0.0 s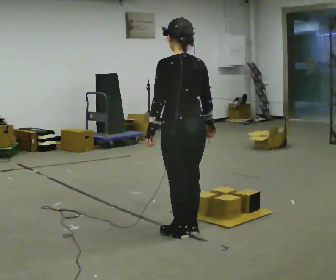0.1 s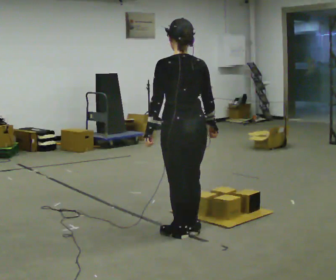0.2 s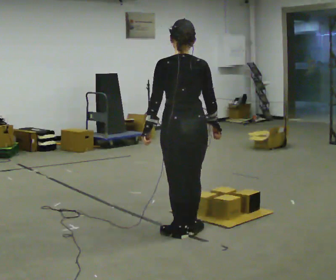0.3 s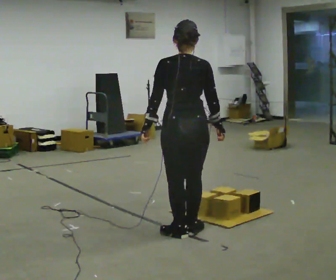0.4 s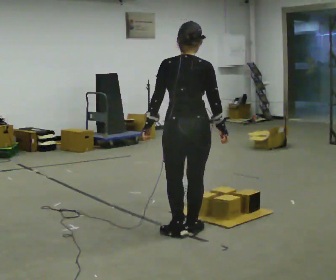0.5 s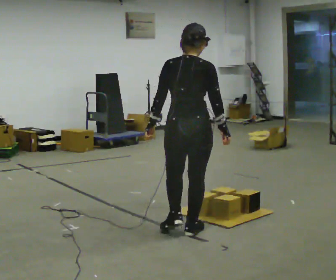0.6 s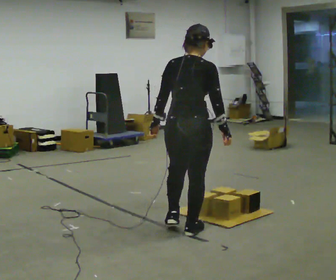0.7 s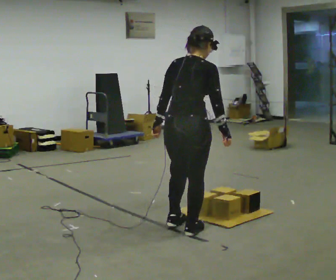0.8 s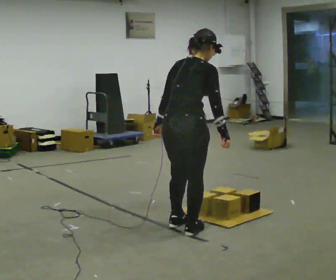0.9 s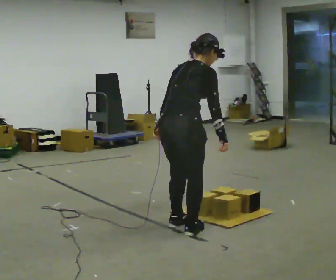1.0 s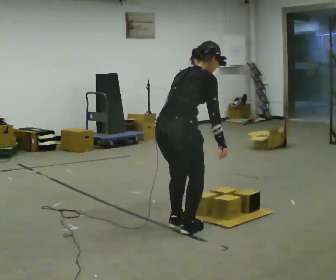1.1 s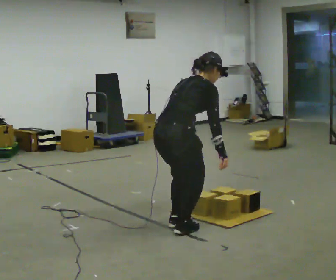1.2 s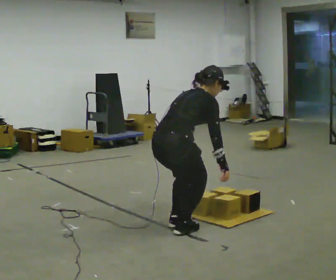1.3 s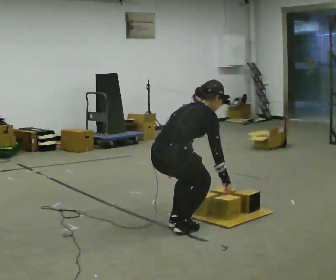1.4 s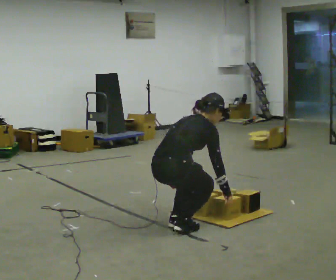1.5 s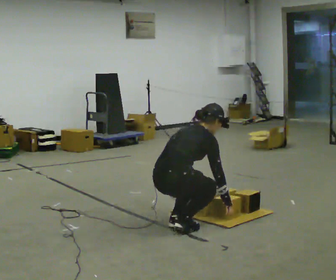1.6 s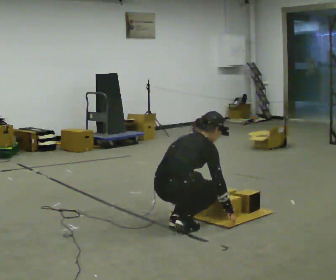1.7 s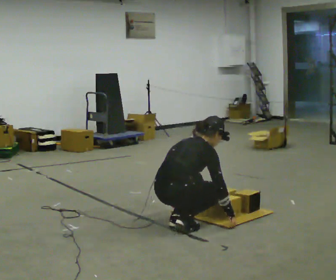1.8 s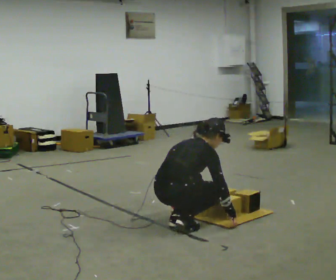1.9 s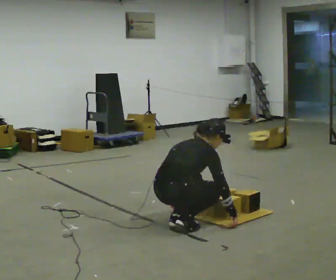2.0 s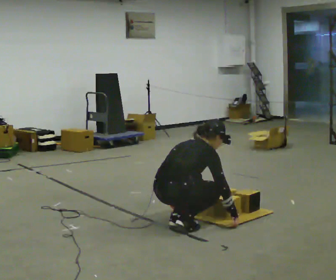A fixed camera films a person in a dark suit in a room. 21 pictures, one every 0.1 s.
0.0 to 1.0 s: The part of the body nearest the lens slides to the left as the person turns to their right by about 75 degrees. The upper body tips away from the camera, its near side rolling upward, as they bend forward.
1.0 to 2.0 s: The upper body goes downward. The upper body tips away from the camera, its near side rolling upward, as they bend forward. In the picture their left hand goes downward.
The film runs forward here.
